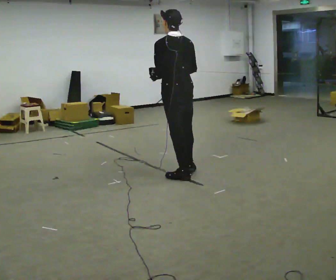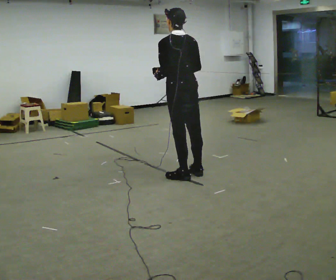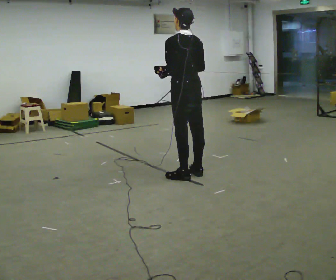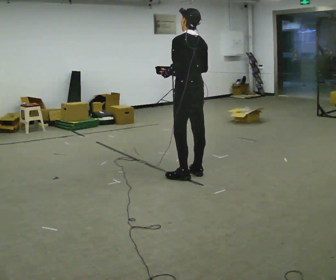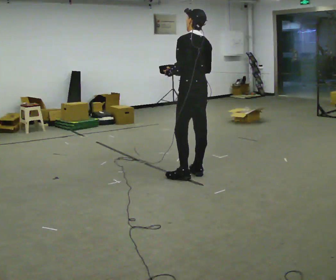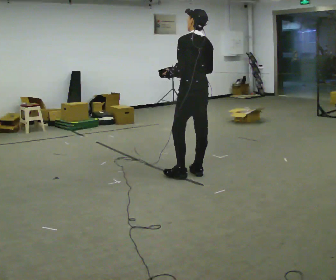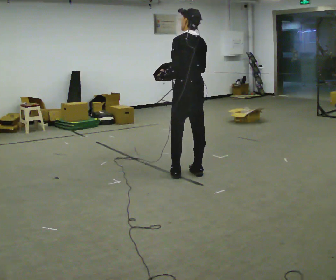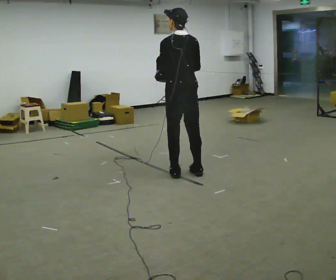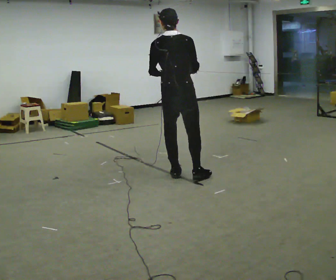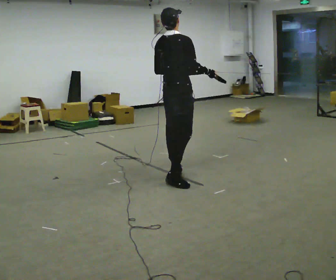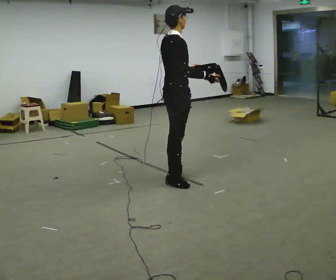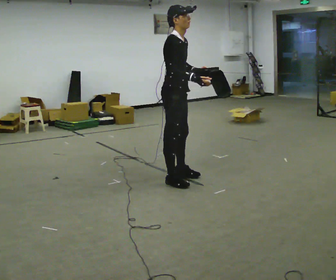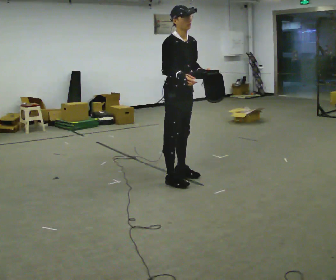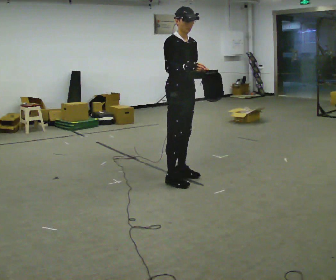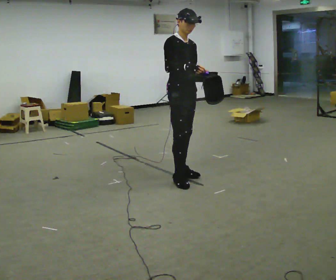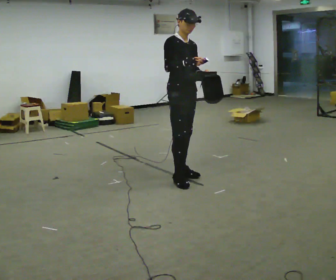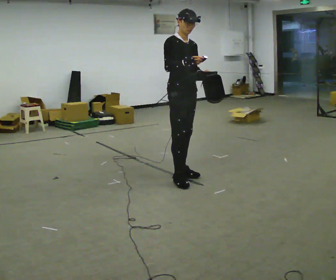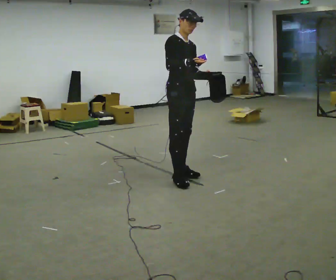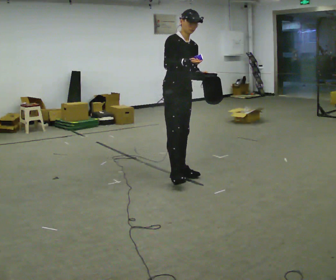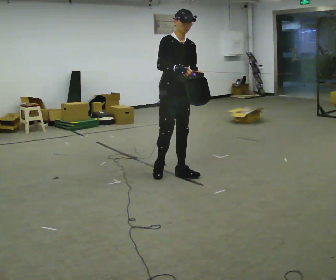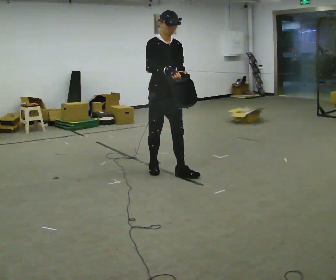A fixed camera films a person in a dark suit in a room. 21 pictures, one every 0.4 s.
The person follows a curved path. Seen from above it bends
clockwise.
The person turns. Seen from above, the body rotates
clockwise.
0.0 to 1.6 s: In the picture they go to the right, about 0.25 m, which for them is to their right.
1.6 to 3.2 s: The person turns about 45 degrees to their right, clockwise seen from above, so the part of the body nearest the lens slides to the left. In the picture they go to the left, about 0.25 m in 1 step, which for them is to their left.
3.2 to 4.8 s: The part of the body nearest the lens slides to the left as the person turns to their right by about 120 degrees. In the picture the upper body tilts clockwise, shoulders to the right.
4.8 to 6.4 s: The person moves a little, or ends about where they began.
6.4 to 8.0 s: In the picture they go to the left, about 0.25 m in 1 step, which for them is backward.
The film runs backward here.
